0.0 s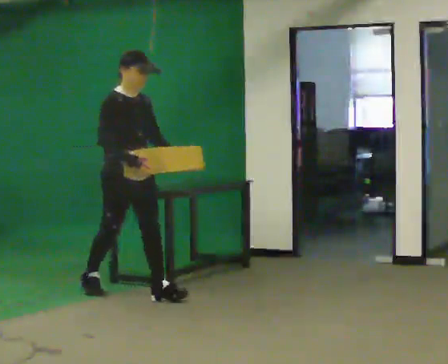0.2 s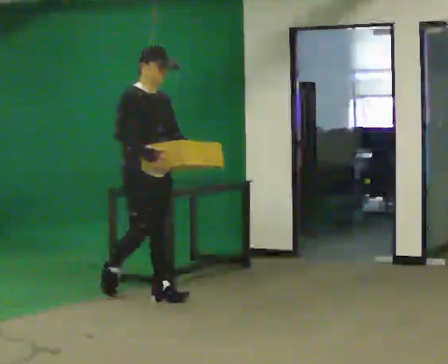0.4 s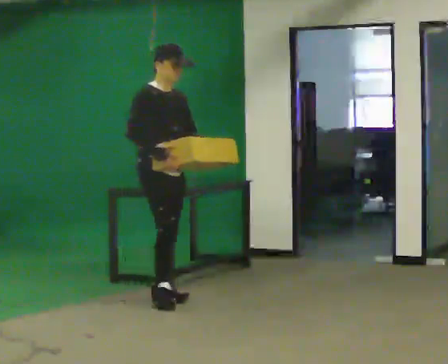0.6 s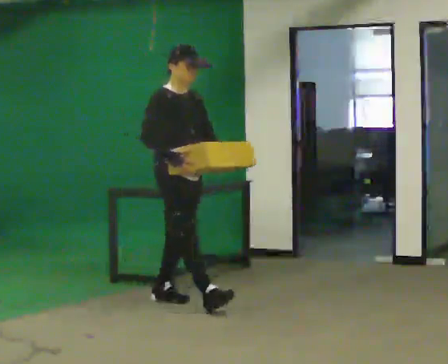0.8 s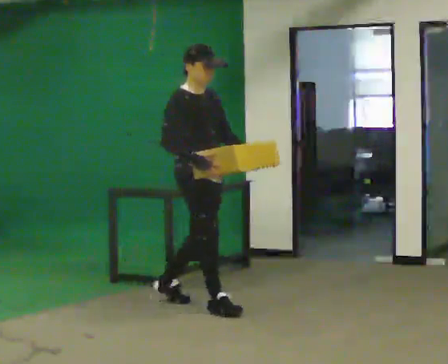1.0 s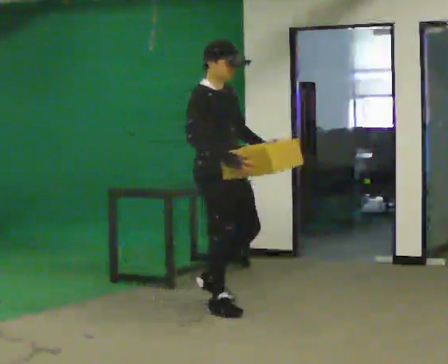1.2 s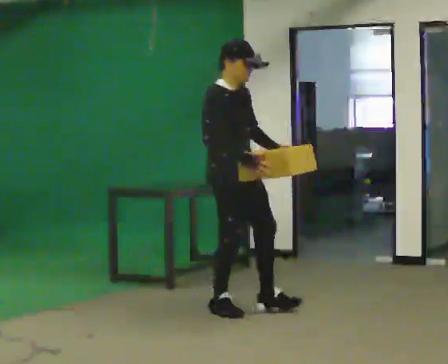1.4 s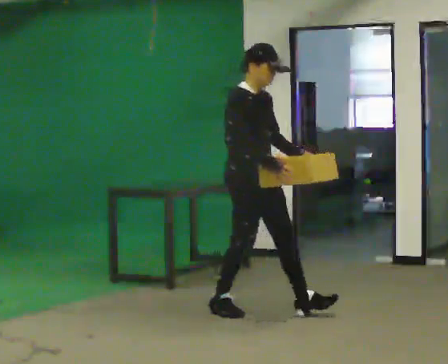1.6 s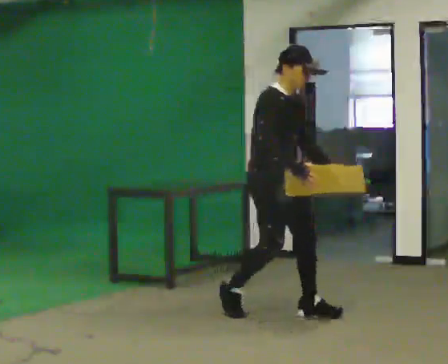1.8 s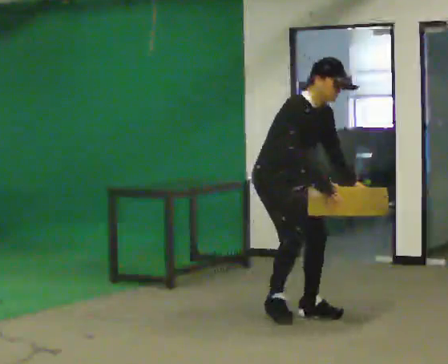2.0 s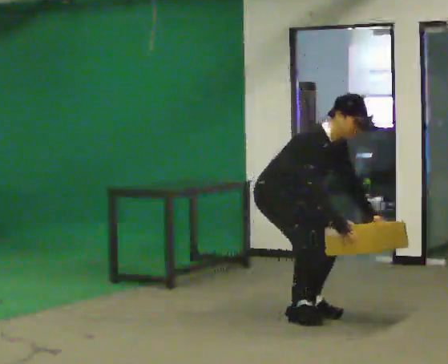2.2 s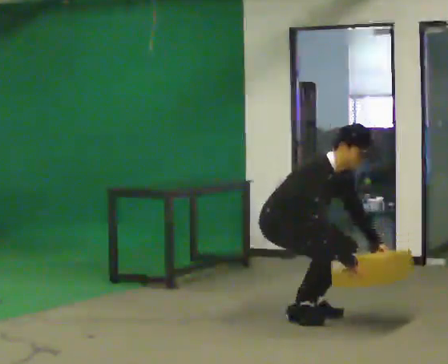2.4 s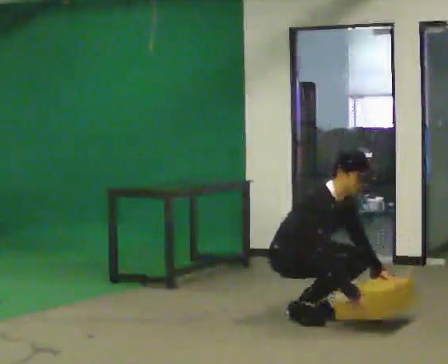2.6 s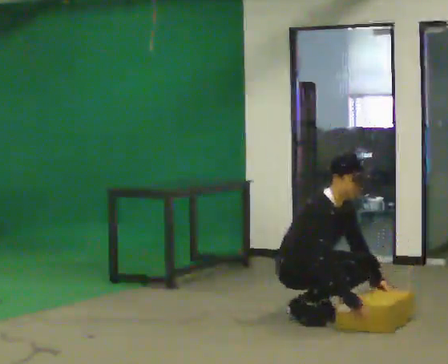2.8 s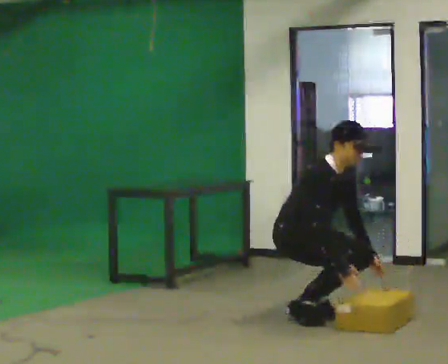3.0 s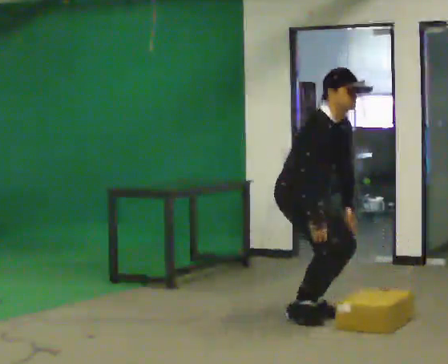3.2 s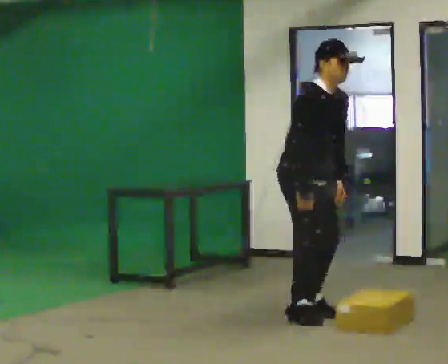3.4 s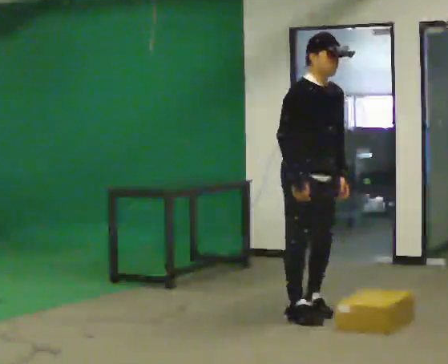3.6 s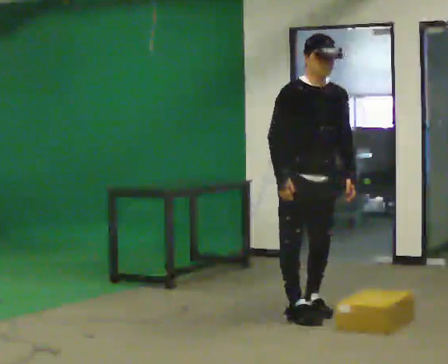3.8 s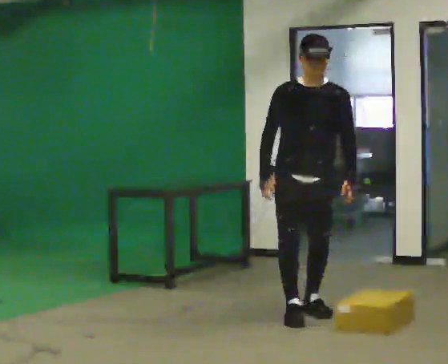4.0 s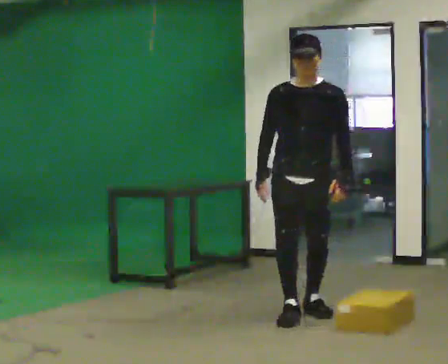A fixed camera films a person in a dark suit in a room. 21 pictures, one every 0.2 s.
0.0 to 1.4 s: In the picture they go to the right and toward the camera, about 1 m in 2 steps, which for them is forward.
1.4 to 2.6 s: In the picture they go to the right, about 0.25 m in 1 step, which for them is forward. The upper body goes downward. In the picture their right hand goes downward.
2.6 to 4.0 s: The part of the body nearest the lens slides to the left as the person turns to their right by about 60 degrees. The upper body goes upward. In the picture the upper body tilts counterclockwise, shoulders to the left, as they lean back or straighten. In the picture their right hand goes upward and to the left.
The film runs forward here.
